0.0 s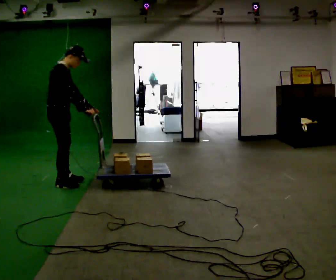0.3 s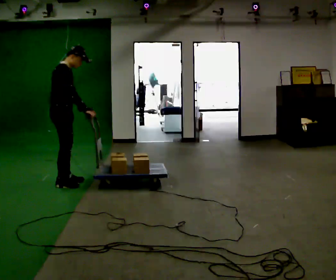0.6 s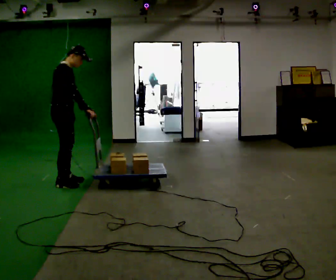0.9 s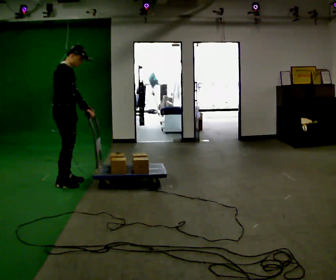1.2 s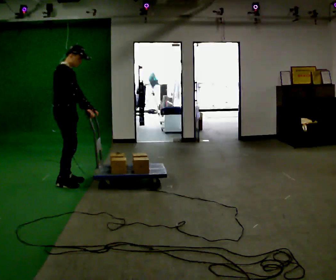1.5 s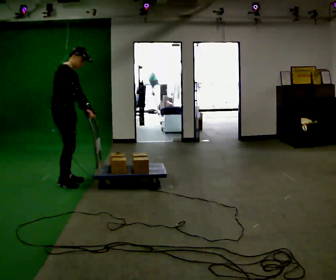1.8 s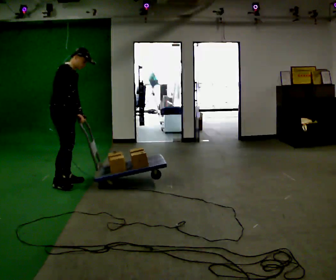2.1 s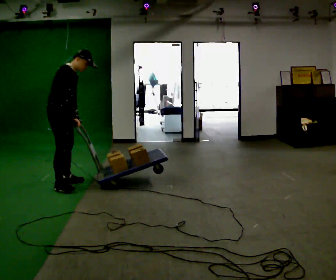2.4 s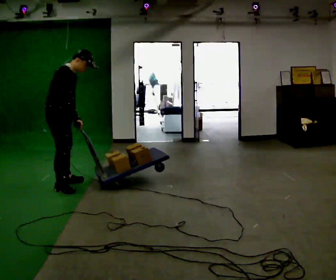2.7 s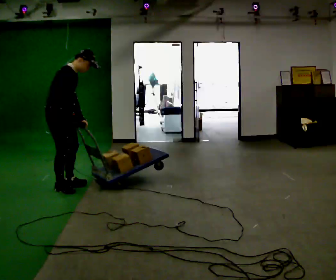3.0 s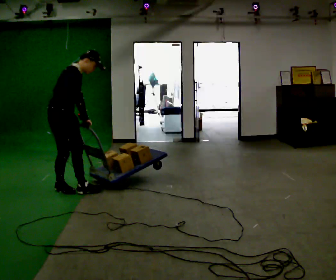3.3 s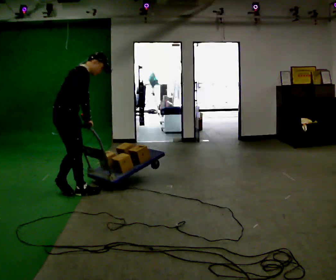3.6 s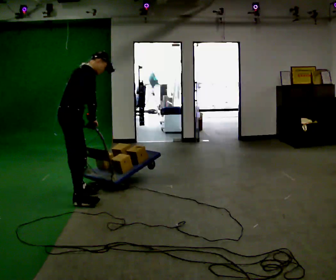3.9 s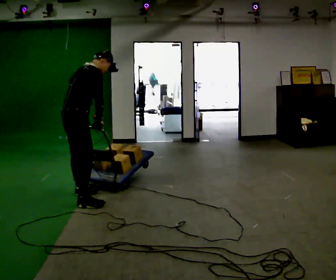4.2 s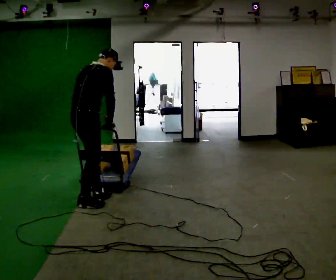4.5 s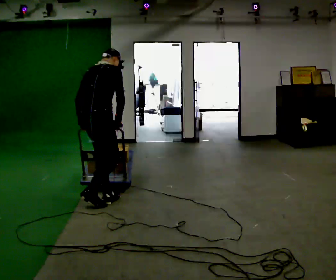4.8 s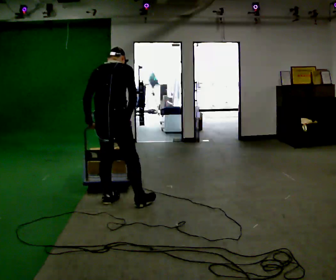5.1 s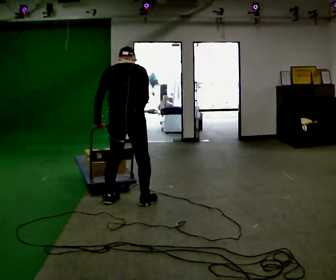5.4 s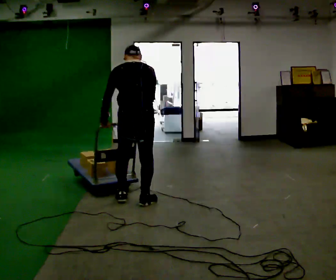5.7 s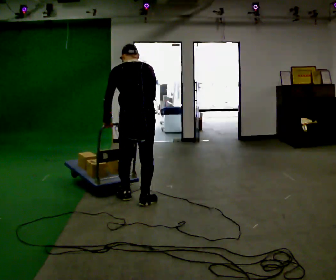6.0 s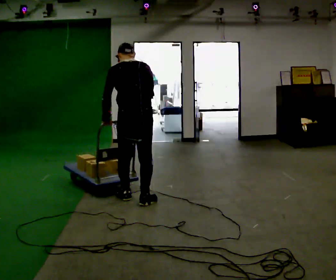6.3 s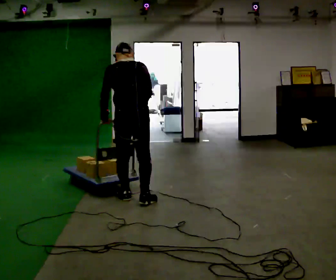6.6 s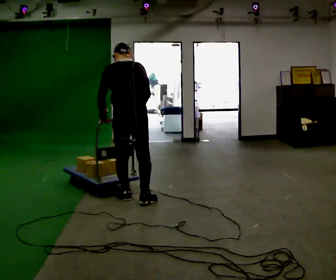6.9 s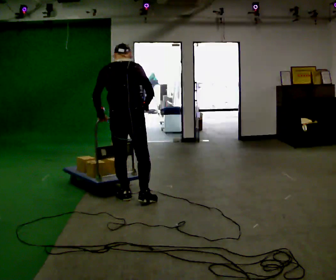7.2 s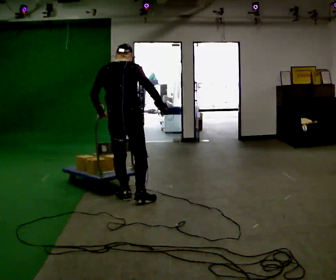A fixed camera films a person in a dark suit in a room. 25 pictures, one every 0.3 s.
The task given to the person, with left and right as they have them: Drag the sled across the room. The bags on it are loose and will move about as it goes. The operator will log the load and the peak reading on the scale for every take.
0.0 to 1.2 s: The person moves a little, or ends about where they began.
1.2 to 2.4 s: In the picture they go toward the camera, about 0.25 m, which for them is to their right. In the picture the upper body tilts clockwise, shoulders to the right, as they bend forward.
2.4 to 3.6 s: In the picture they go toward the camera and to the right, about 0.5 m in 1 step, which for them is to their right and forward.
3.6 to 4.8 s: The part of the body nearest the lens slides to the right as the person turns to their left by about 45 degrees. In the picture they go to the right and toward the camera, about 0.5 m in 2 steps, which for them is to their right and forward. In the picture the upper body tilts counterclockwise, shoulders to the left.
4.8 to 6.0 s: The person turns about 30 degrees to their left, counterclockwise seen from above, so the part of the body nearest the lens slides to the right. In the picture they go to the right, about 0.25 m in 2 steps, which for them is to their right and forward.
6.0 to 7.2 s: The person moves a little, or ends about where they began.
The film runs forward here.
